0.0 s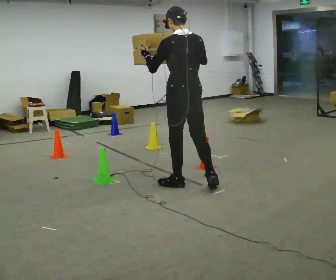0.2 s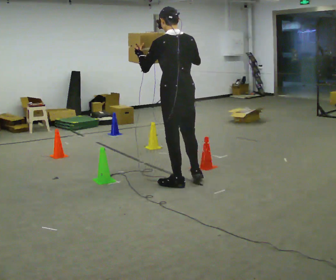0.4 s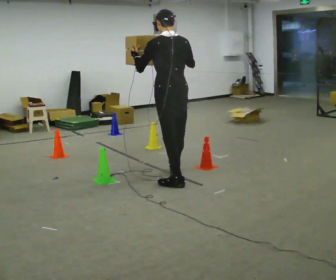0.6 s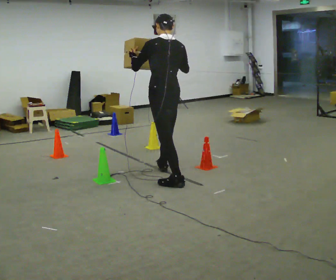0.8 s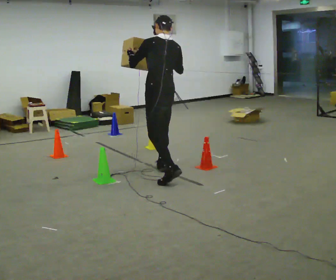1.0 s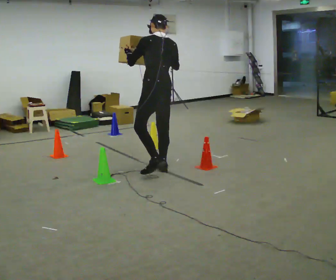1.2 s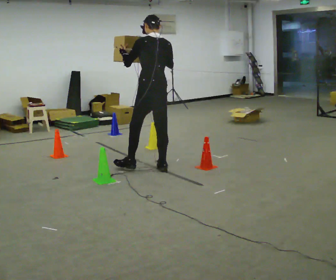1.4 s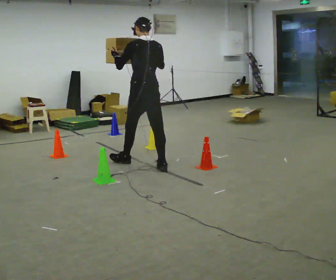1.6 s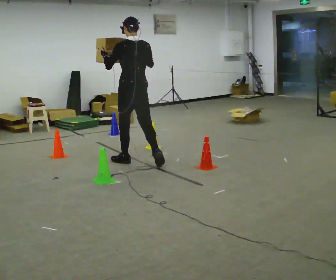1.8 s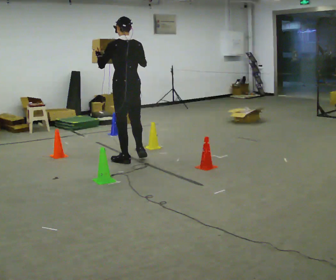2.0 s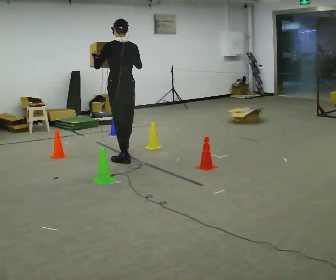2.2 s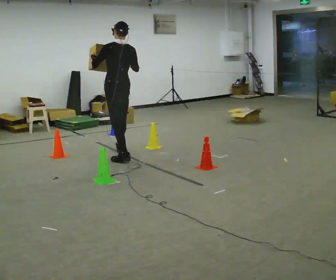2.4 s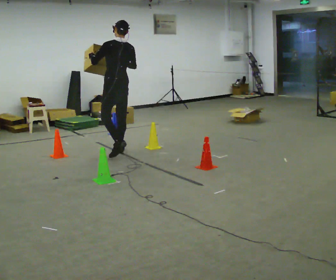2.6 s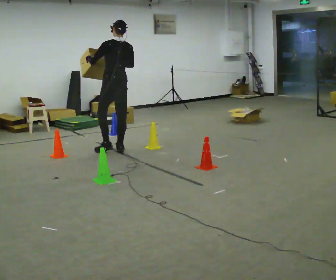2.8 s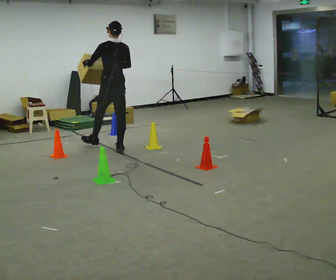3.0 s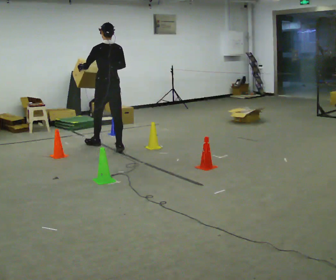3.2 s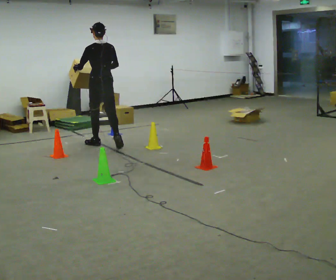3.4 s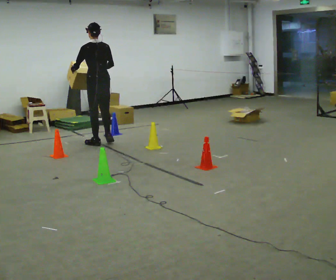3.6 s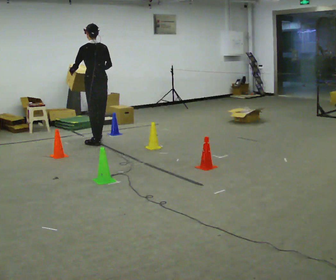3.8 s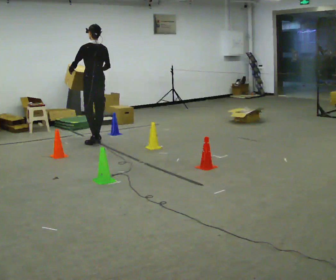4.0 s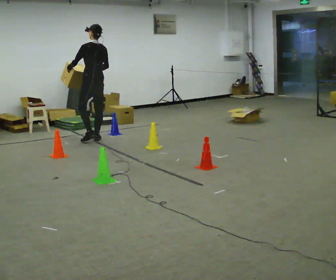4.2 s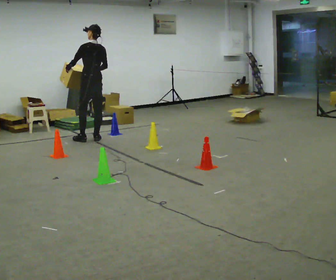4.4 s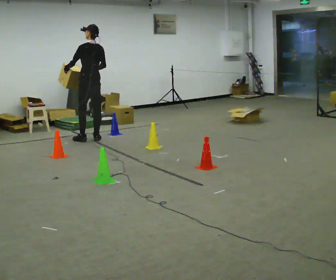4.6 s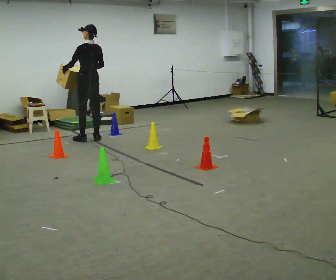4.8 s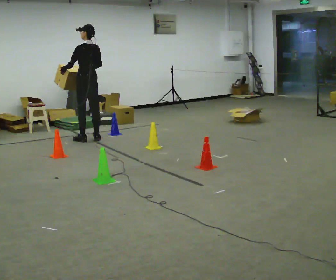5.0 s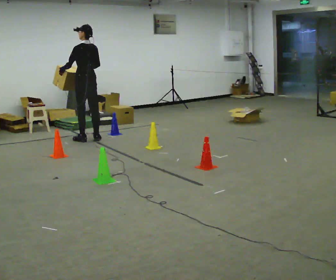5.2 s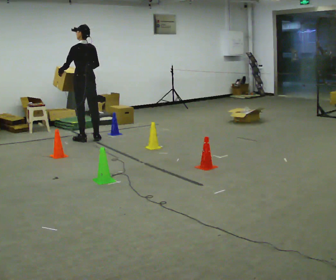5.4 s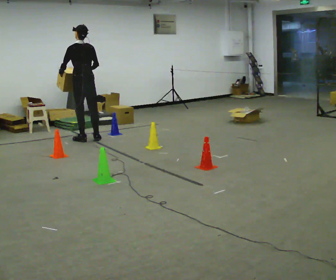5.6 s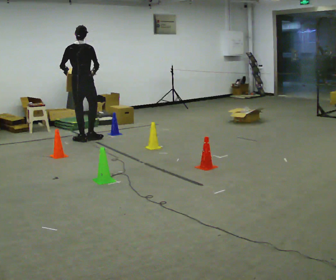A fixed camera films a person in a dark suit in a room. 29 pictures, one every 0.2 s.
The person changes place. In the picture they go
away from the camera.
0.0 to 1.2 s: In the picture they go away from the camera, about 0.5 m in 1 step, which for them is forward.
1.2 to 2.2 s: In the picture they go away from the camera and to the left, about 0.5 m in 2 steps, which for them is forward.
2.2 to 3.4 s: In the picture they go away from the camera and to the left, about 0.75 m in 1 step, which for them is forward.
3.4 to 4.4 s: In the picture they go away from the camera, about 0.25 m in 2 steps, which for them is forward.
4.4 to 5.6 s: The person turns about 30 degrees to their right, clockwise seen from above, so the part of the body nearest the lens slides to the left. In the picture they go to the left, about 0.25 m, which for them is to their left.
The film runs forward here.
